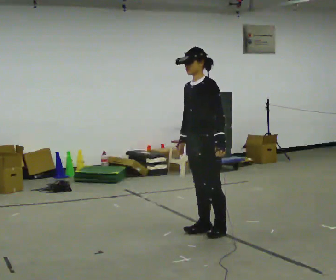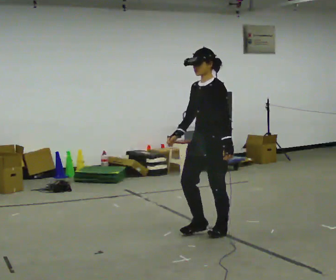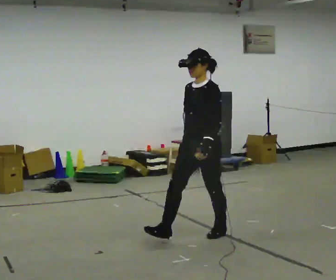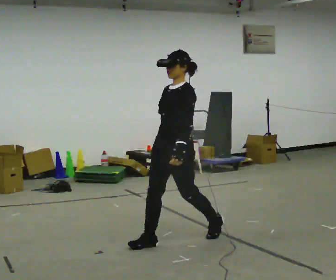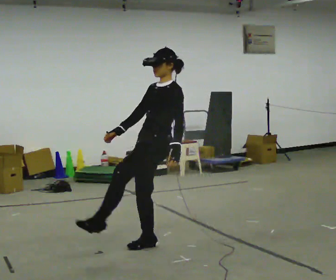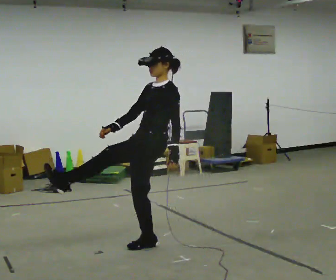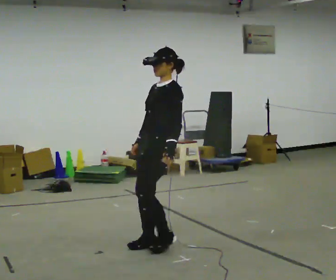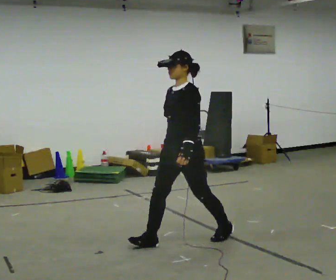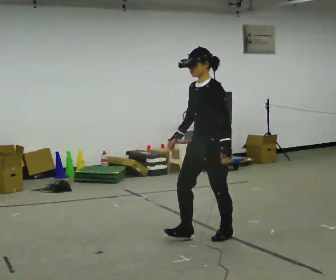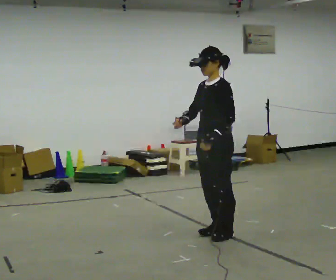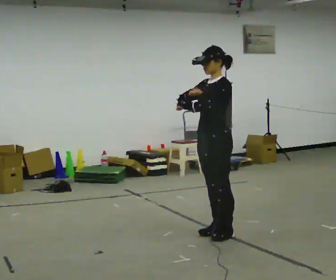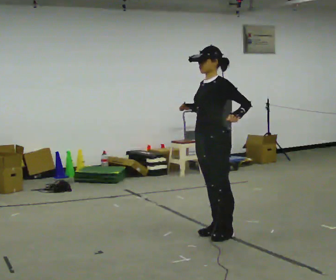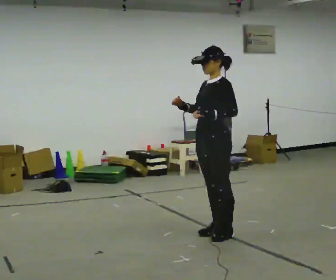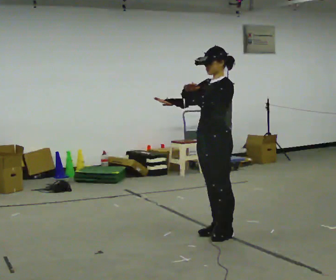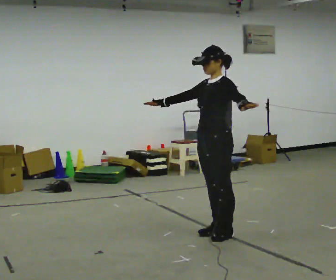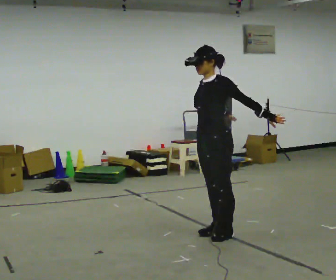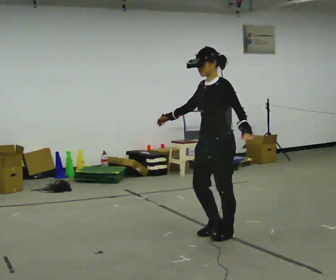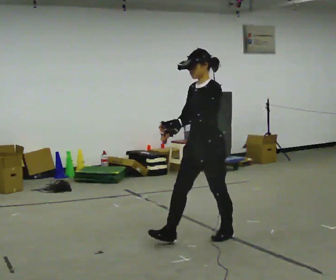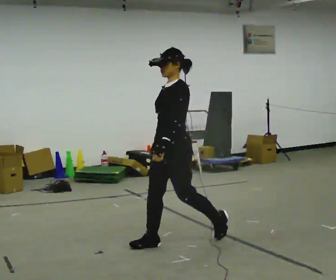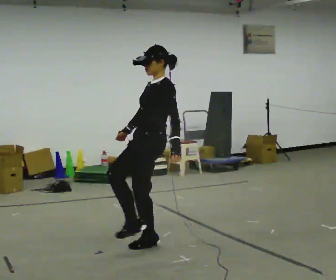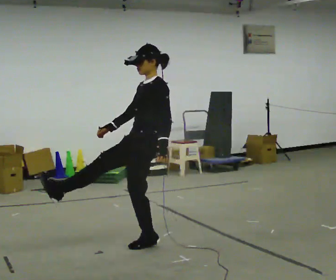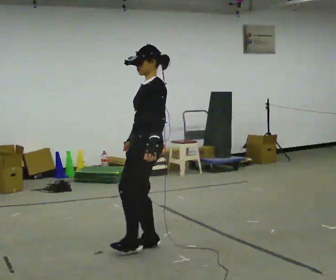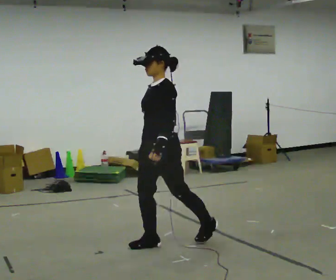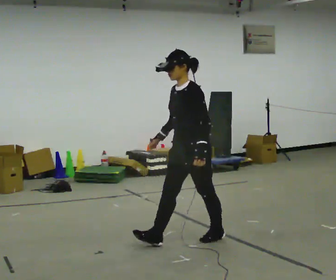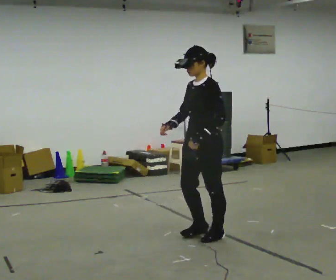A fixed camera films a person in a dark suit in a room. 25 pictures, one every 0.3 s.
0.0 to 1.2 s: In the picture they go to the left and toward the camera, about 0.5 m in 1 step, which for them is forward. In the picture the upper body tilts clockwise, shoulders to the right, as they lean back or straighten.
1.2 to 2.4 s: In the picture they go to the right and away from the camera, about 0.5 m, which for them is backward. In the picture the upper body tilts counterclockwise, shoulders to the left, as they bend forward.
2.4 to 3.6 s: The person moves a little, or ends about where they began.
3.6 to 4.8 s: In the picture their left hand goes to the right.
4.8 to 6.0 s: In the picture they go to the left and toward the camera, about 0.5 m in 1 step, which for them is forward.
6.0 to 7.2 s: In the picture they go to the right and away from the camera, about 0.5 m, which for them is backward.
The film runs forward here.
